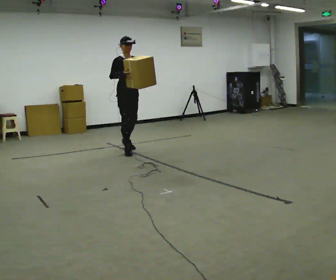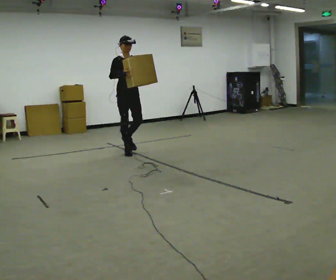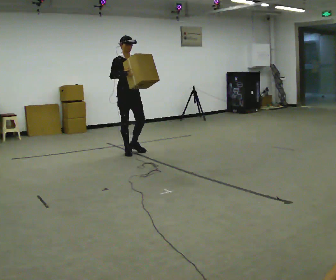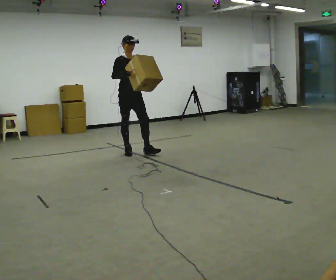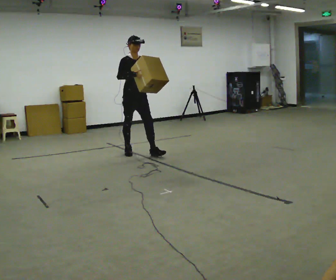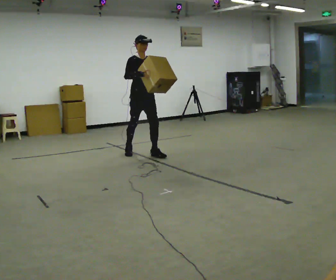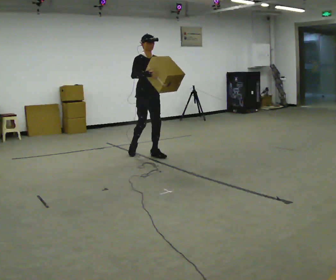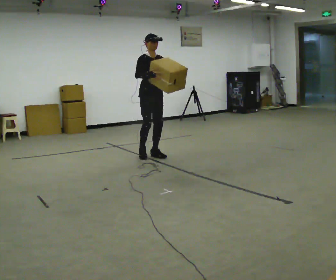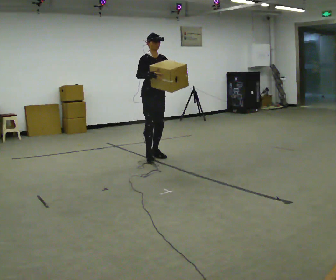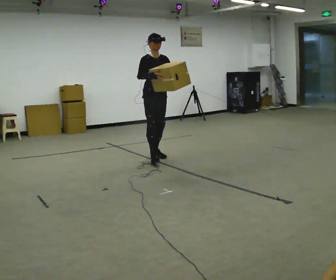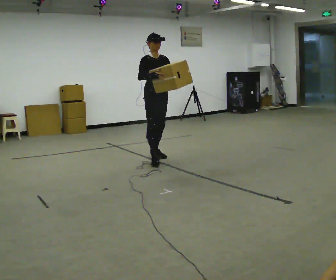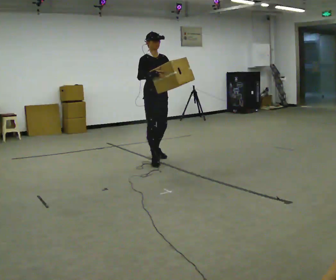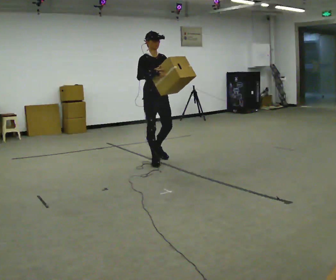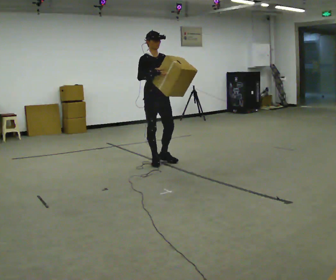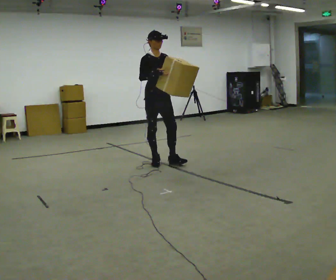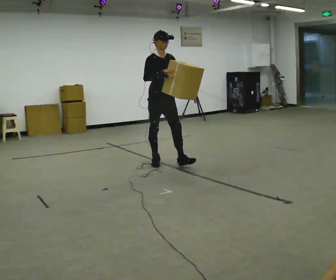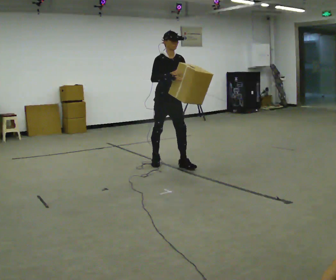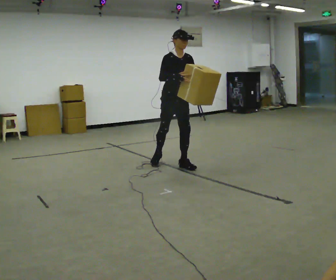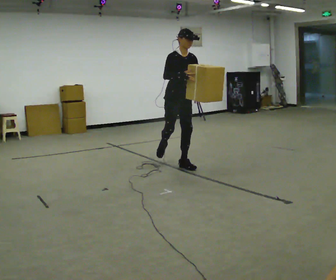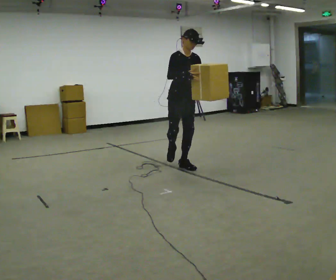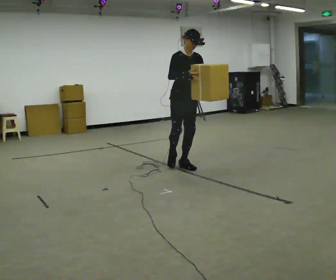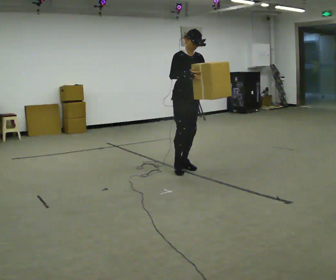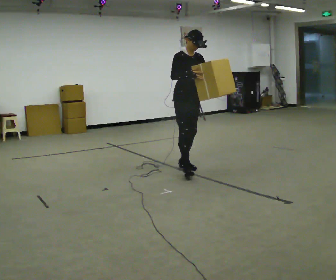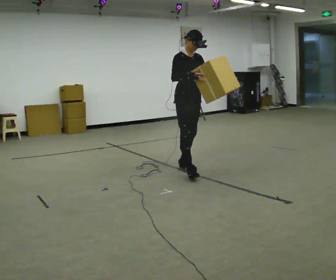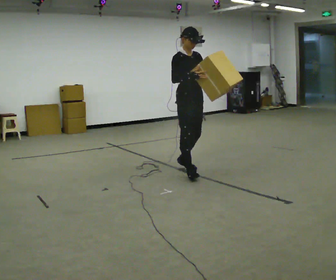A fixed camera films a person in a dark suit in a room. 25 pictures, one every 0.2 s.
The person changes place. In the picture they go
toward the camera.
0.0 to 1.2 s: In the picture they go to the right and toward the camera, about 0.5 m in 1 step, which for them is forward.
1.2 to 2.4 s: In the picture they go toward the camera, about 0.5 m in 1 step, which for them is forward.
2.4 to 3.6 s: In the picture they go to the right and toward the camera, about 0.5 m in 1 step, which for them is forward.
3.6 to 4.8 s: In the picture they go toward the camera, about 0.25 m in 1 step, which for them is forward.
The film runs forward here.
